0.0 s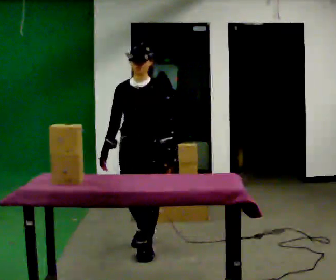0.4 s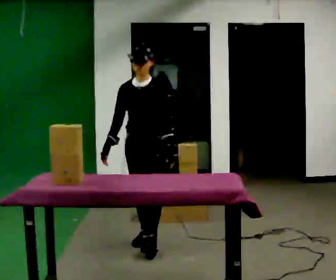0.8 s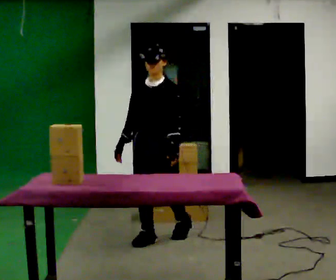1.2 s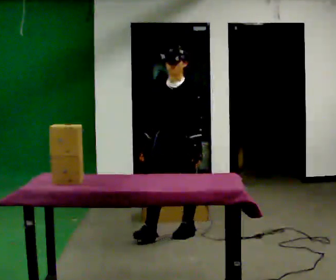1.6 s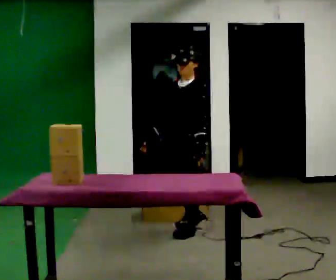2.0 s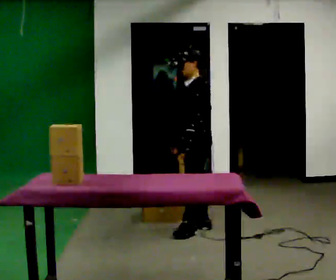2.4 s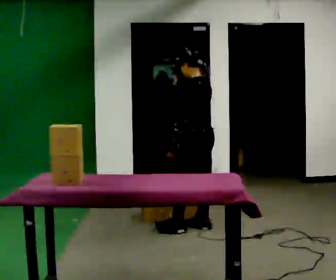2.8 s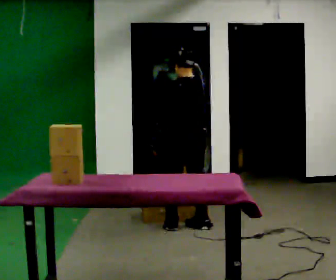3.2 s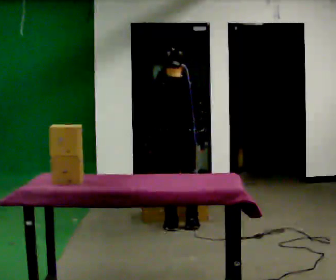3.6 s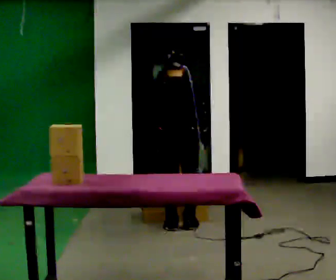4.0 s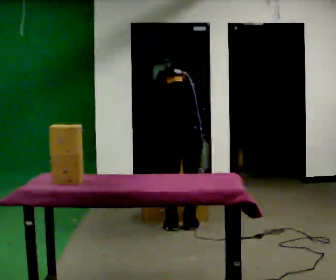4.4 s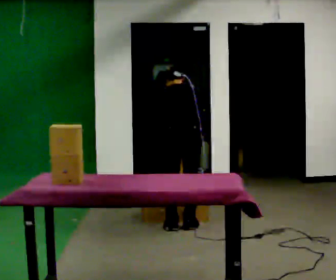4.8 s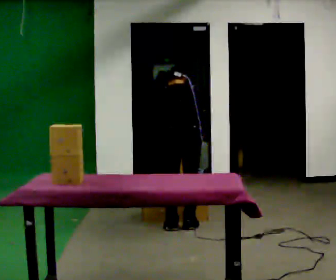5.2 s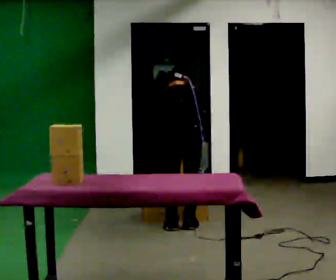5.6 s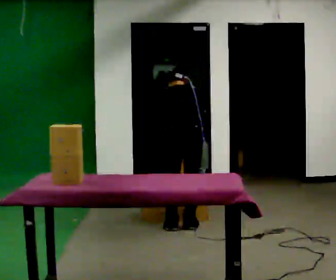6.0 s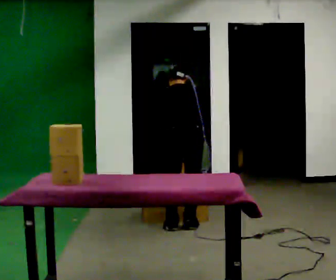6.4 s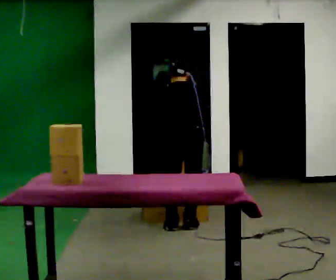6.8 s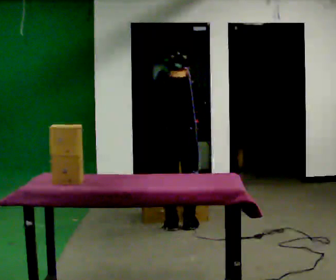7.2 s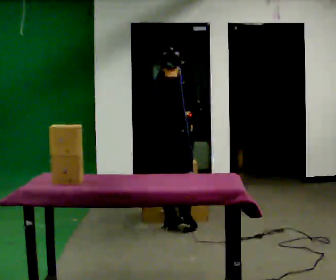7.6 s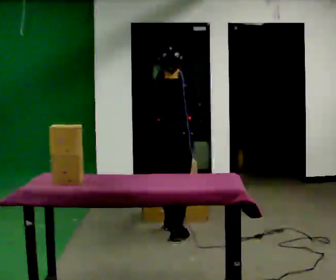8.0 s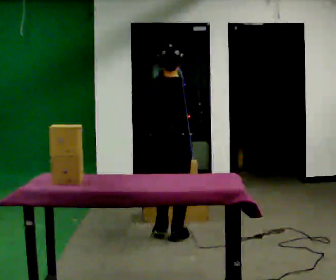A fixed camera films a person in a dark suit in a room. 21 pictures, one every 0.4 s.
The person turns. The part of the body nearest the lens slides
to the left.
The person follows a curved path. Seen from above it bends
counterclockwise.
0.0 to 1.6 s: The person turns about 30 degrees to their right, clockwise seen from above, so the part of the body nearest the lens slides to the left. In the picture they go away from the camera and to the right, about 0.75 m in 2 steps, which for them is backward.
1.6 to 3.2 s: The person turns about 120 degrees to their right, clockwise seen from above, so the part of the body nearest the lens slides to the left. In the picture they go away from the camera, about 0.25 m in 1 step.
3.2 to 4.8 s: The upper body tips away from the camera, its near side rolling upward, as they bend forward.
4.8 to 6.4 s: The person moves a little, or ends about where they began.
6.4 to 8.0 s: In the picture they go toward the camera, about 0.25 m in 2 steps, which for them is backward. The upper body tips toward the camera, its near side rolling downward, as they lean back or straighten.
The film runs backward here.
